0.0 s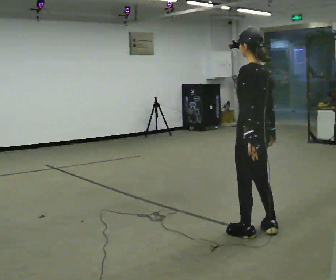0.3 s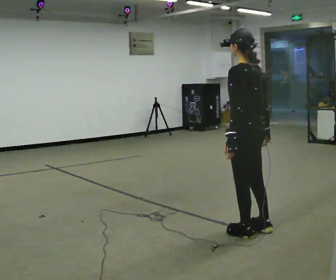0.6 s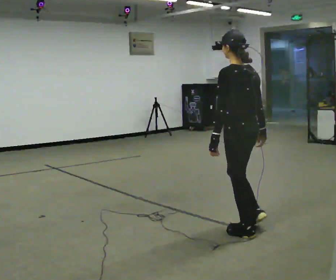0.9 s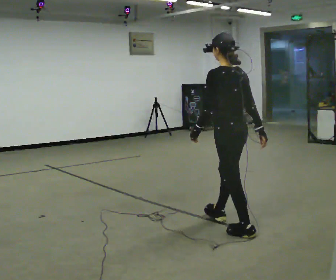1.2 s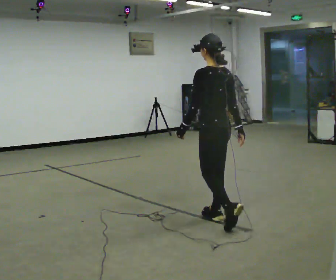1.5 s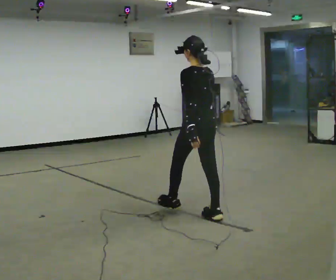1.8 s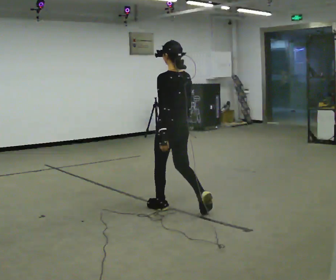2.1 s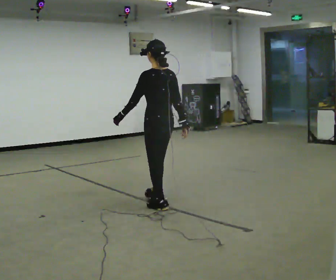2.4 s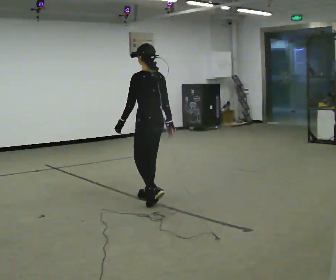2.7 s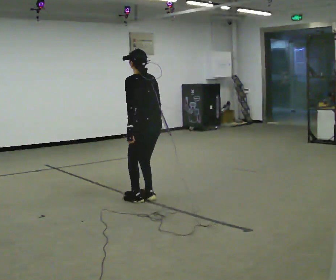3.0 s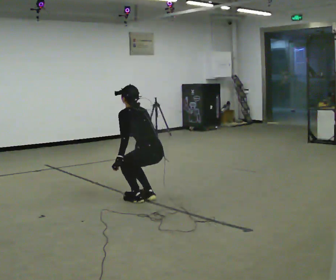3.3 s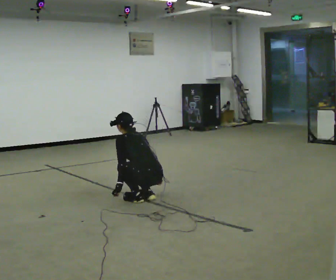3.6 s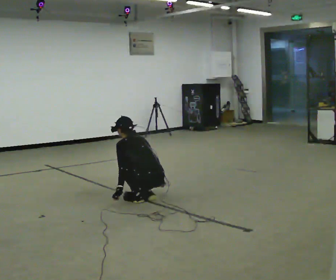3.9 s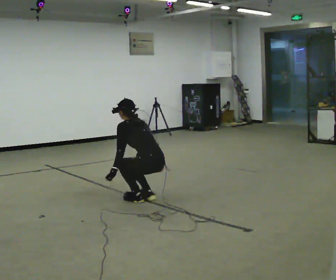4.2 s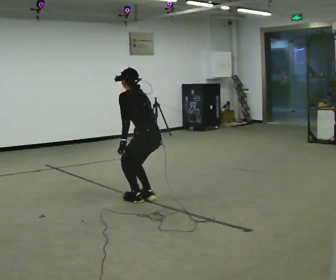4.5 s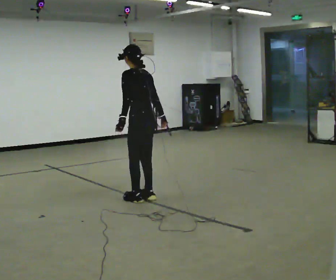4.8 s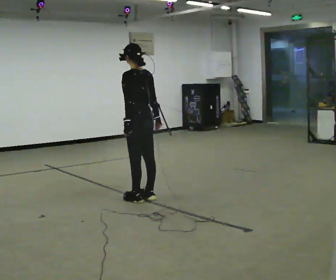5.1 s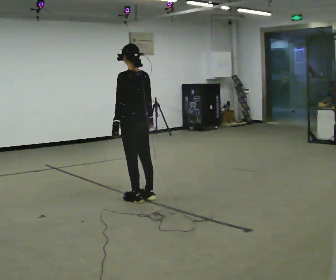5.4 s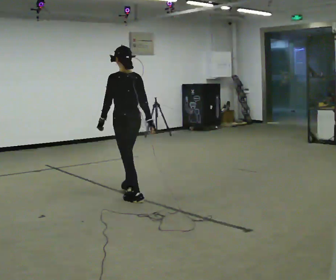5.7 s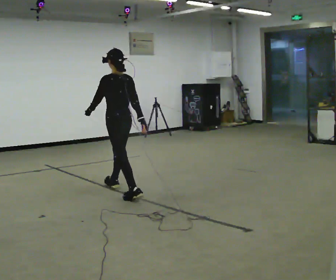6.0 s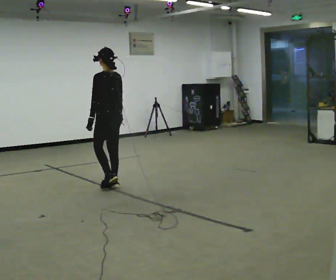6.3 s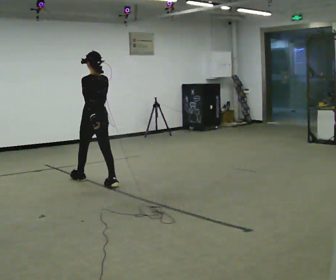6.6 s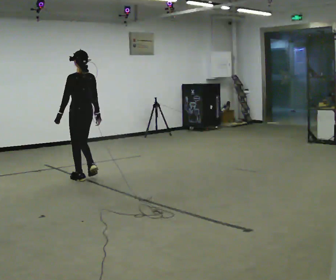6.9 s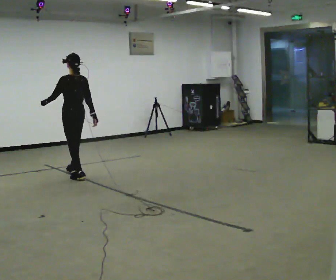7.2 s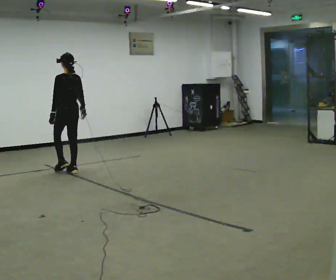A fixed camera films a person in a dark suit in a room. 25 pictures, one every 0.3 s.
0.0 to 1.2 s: In the picture they go away from the camera and to the left, about 0.5 m in 1 step, which for them is forward.
1.2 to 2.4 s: In the picture they go away from the camera and to the left, about 1 m in 2 steps, which for them is forward.
2.4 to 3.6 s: The upper body goes downward. The upper body tips away from the camera, its near side rolling upward, as they bend forward. In the picture their left hand goes downward.
3.6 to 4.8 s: The shoulders move upward. The upper body tips toward the camera, its near side rolling downward, as they lean back or straighten. In the picture their left hand goes upward.
4.8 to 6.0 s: In the picture they go away from the camera and to the left, about 0.75 m in 1 step, which for them is forward.
6.0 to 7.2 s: In the picture they go away from the camera and to the left, about 1 m in 2 steps, which for them is forward.
The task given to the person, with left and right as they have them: Walk; crouch comfortably at marker; remain briefly; stand and continue.
The film runs forward here.
